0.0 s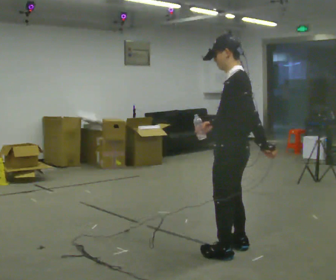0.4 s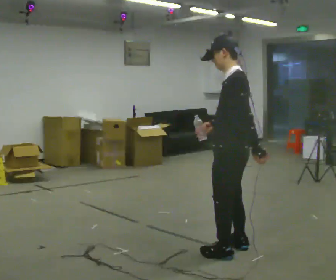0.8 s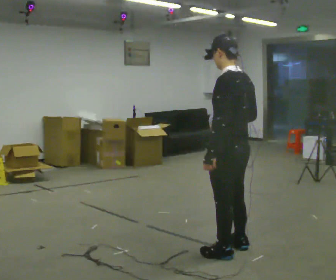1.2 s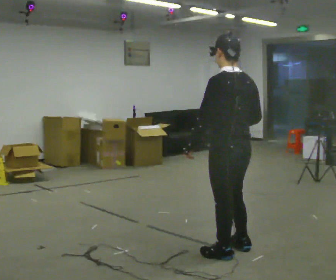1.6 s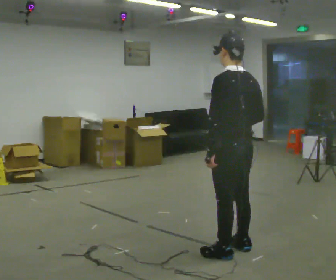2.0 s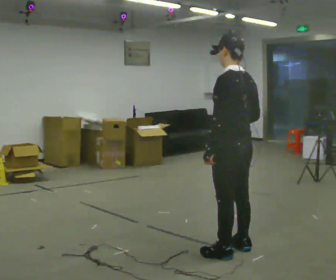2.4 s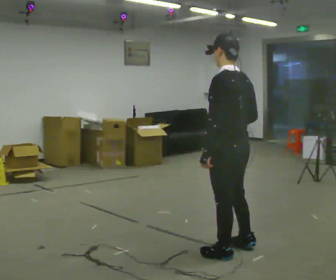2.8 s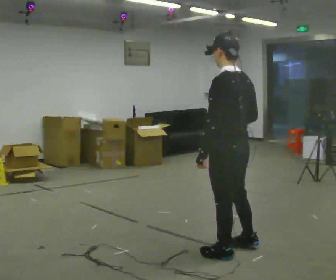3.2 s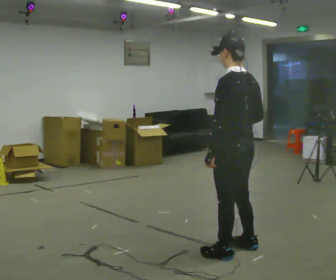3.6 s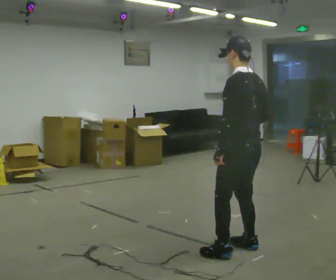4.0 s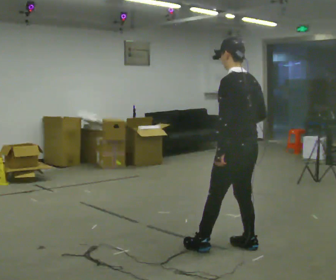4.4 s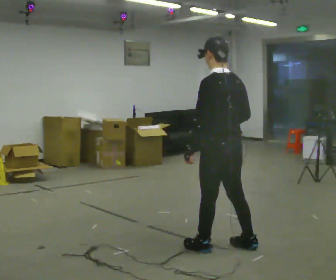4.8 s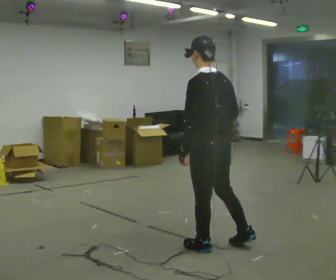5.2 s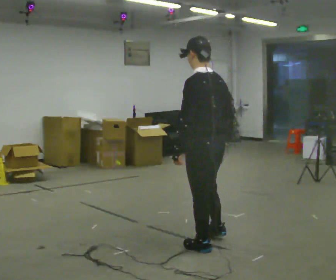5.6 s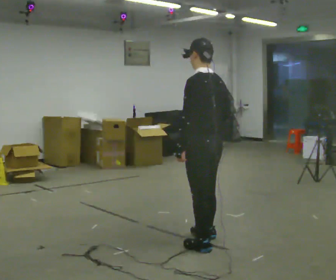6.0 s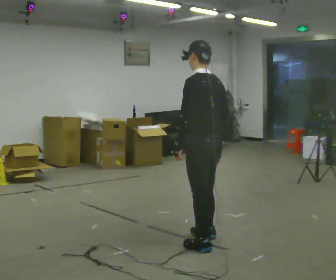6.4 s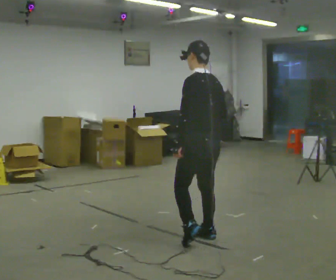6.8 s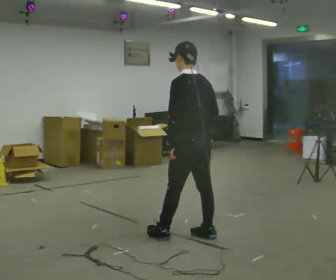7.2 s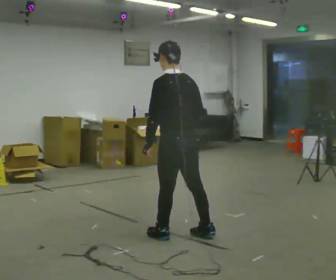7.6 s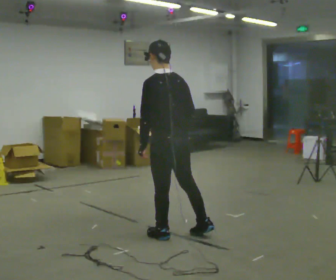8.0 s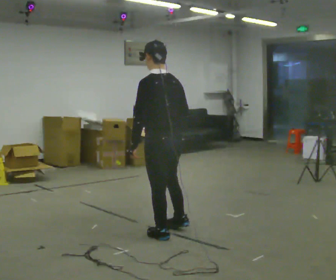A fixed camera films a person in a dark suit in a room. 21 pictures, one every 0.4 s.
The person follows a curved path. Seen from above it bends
counterclockwise.
0.0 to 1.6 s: Seen from above the body turns clockwise, about 45 degrees: to their right, with its near side sliding to the left. In the picture their left hand goes to the left.
1.6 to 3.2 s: The person moves a little, or ends about where they began.
3.2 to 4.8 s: In the picture they go to the left, about 0.25 m in 1 step, which for them is forward.
4.8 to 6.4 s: In the picture they go away from the camera, about 0.25 m in 1 step, which for them is forward and to their right.
6.4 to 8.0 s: In the picture they go to the left, about 0.25 m in 1 step, which for them is forward and to their left.
The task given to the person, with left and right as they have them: Carry the open container of water across the room without spilling it, back and forth.
The film runs forward here.
